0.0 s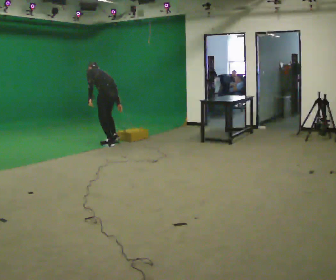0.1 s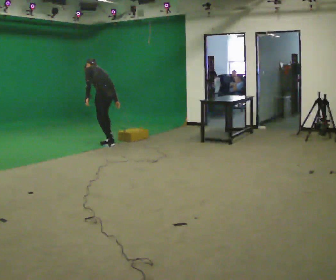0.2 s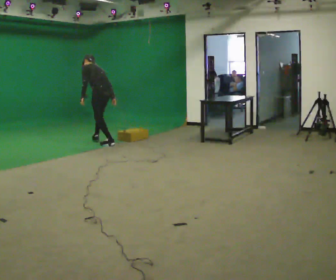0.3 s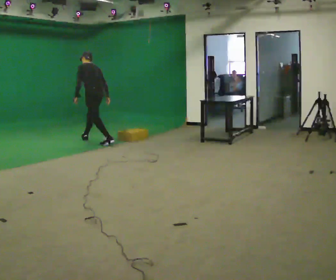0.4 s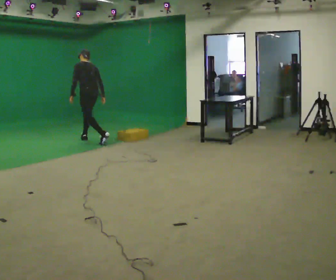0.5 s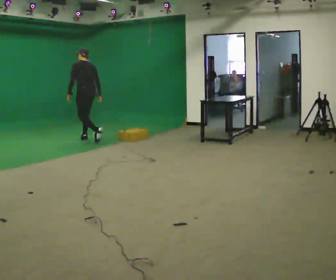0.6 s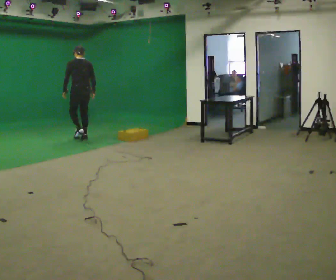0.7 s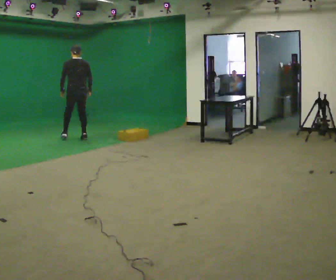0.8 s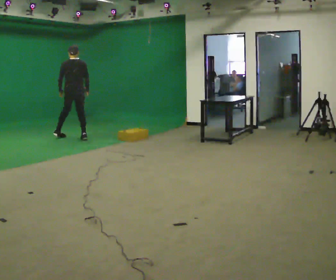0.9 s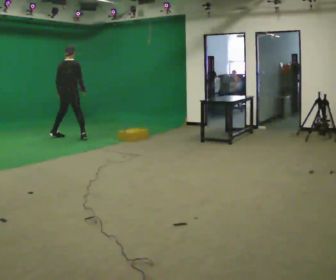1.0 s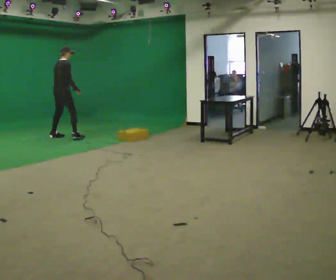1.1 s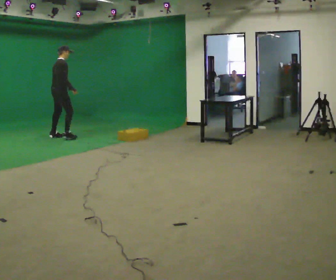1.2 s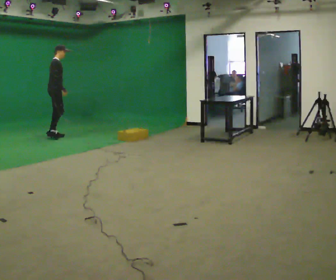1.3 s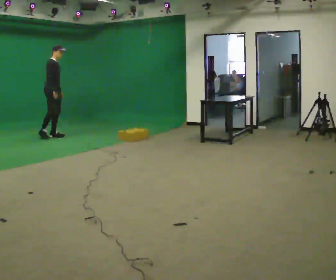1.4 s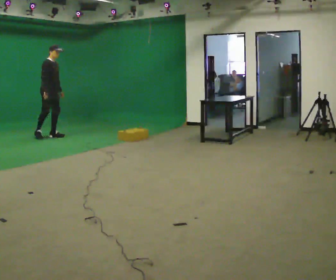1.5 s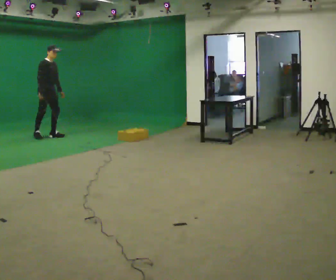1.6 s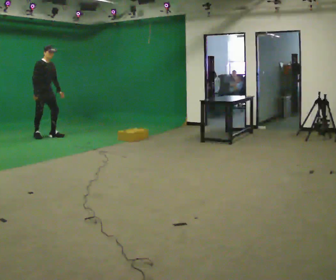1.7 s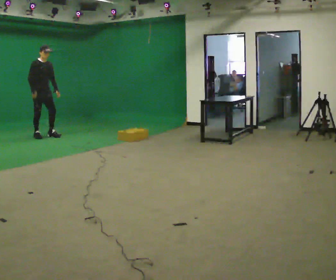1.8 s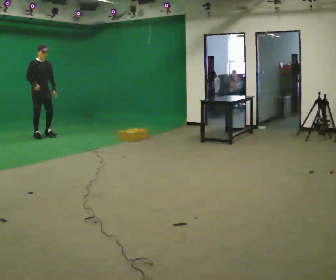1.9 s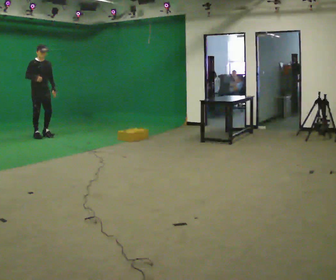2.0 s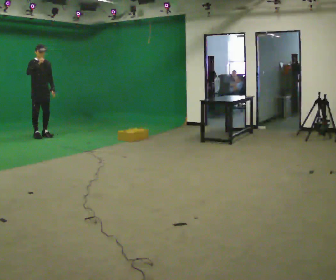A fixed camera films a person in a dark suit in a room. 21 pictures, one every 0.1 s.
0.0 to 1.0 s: The part of the body nearest the lens slides to the left as the person turns to their right by about 105 degrees. In the picture they go to the left and away from the camera, about 1 m in 2 steps. The upper body goes upward. In the picture the upper body tilts clockwise, shoulders to the right, as they lean back or straighten.
1.0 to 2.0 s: Seen from above the body turns clockwise, about 75 degrees: to their right, with its near side sliding to the left. In the picture they go to the left, about 0.5 m in 2 steps. In the picture their right hand goes upward.
The film runs forward here.
